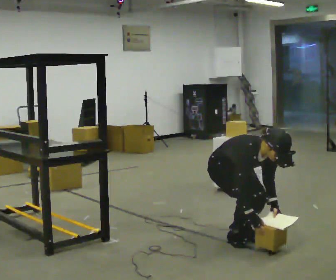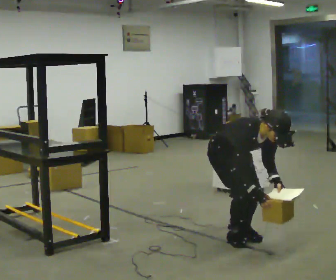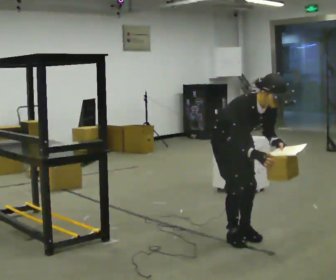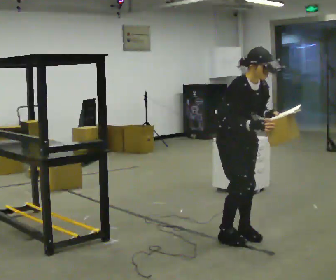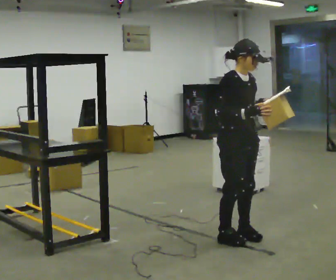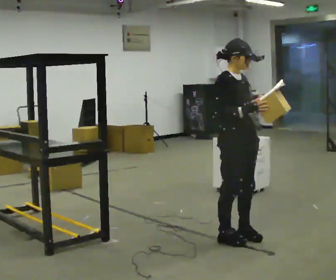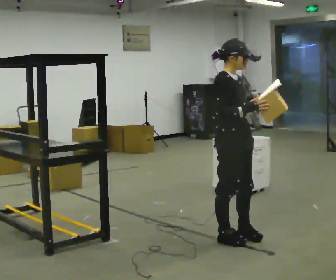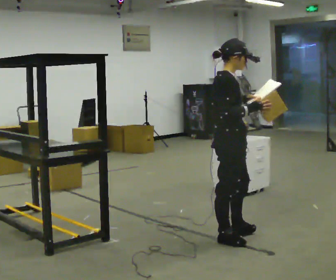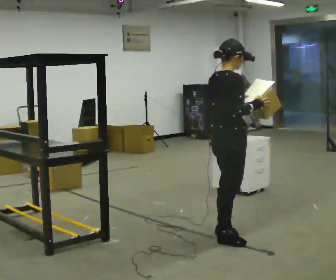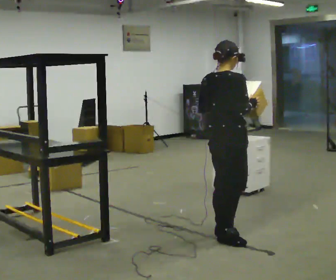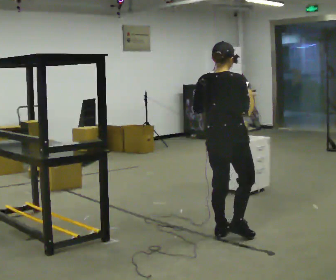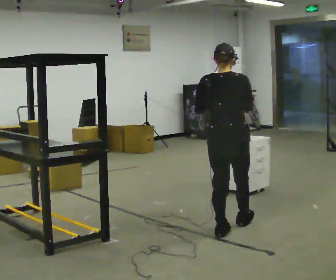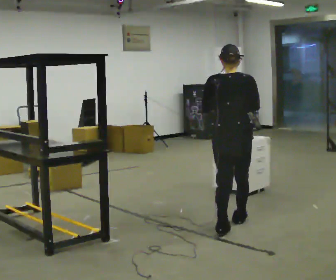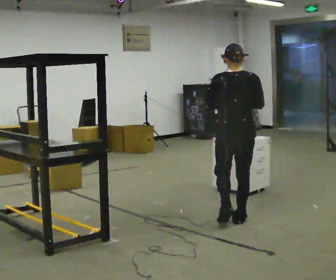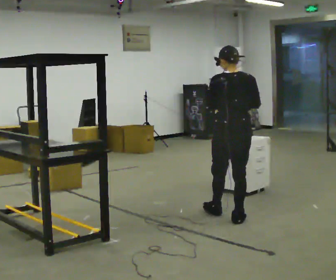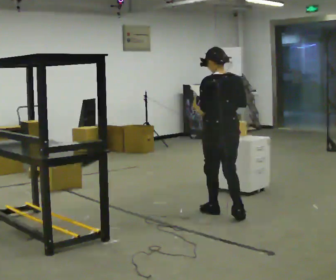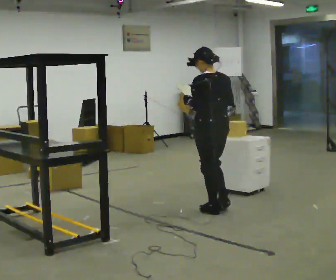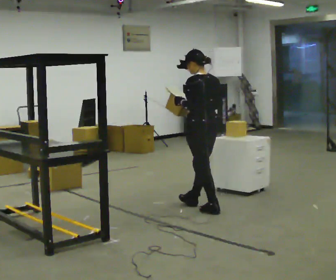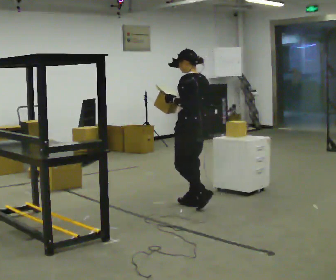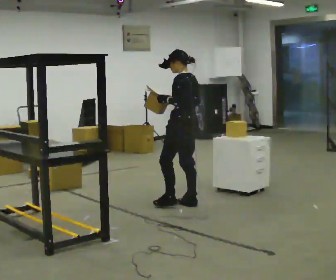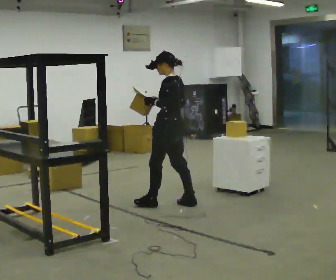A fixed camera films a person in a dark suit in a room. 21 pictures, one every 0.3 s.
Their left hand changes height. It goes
upward.
The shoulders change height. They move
upward.
0.0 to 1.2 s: The shoulders move upward. The upper body tips away from the camera, its near side rolling upward, as they lean back or straighten. In the picture their right hand goes upward.
1.2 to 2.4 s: The part of the body nearest the lens slides to the right as the person turns to their left by about 60 degrees.
2.4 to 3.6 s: The person turns about 60 degrees to their left, counterclockwise seen from above, so the part of the body nearest the lens slides to the right. In the picture they go away from the camera, about 0.5 m in 1 step, which for them is forward.
3.6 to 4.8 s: The part of the body nearest the lens slides to the right as the person turns to their left by about 45 degrees. In the picture they go away from the camera, about 0.5 m in 1 step, which for them is forward.
4.8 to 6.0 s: The part of the body nearest the lens slides to the right as the person turns to their left by about 30 degrees. In the picture they go to the left and away from the camera, about 0.5 m in 2 steps, which for them is forward.
The film runs forward here.
